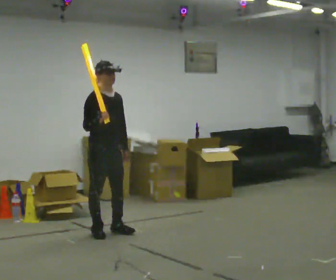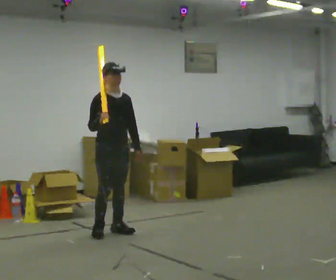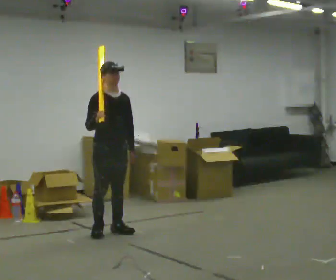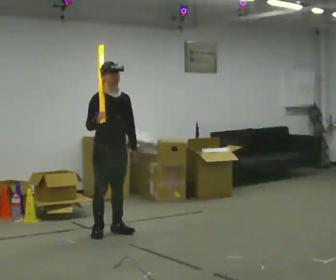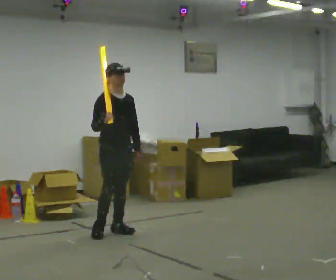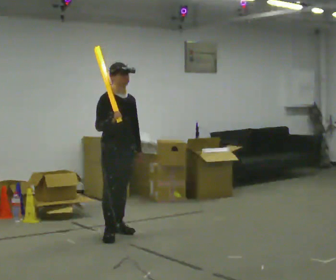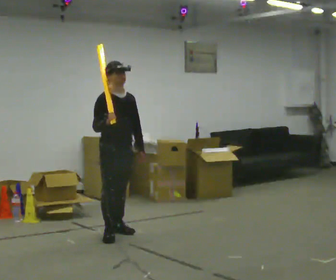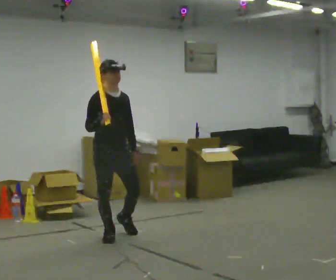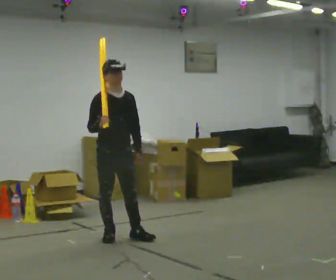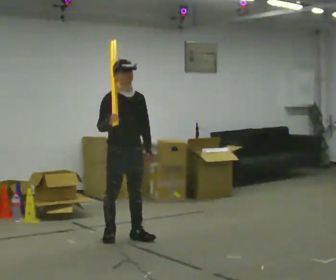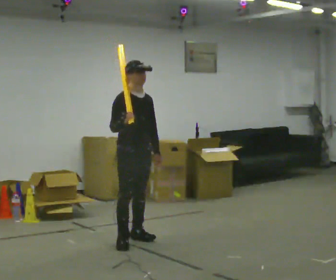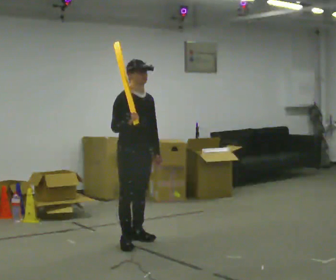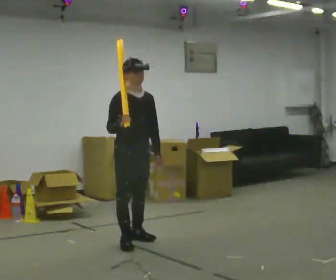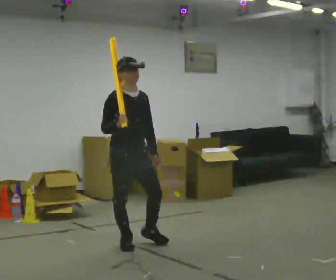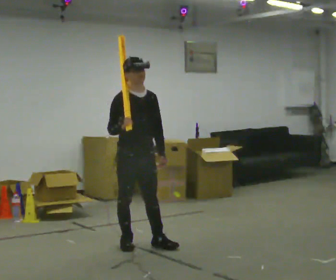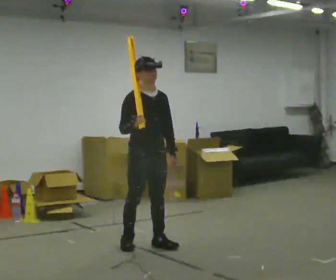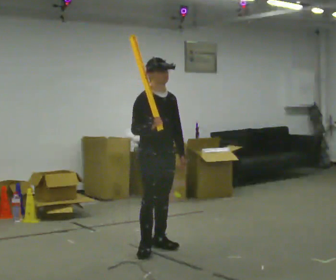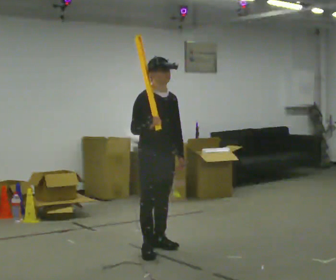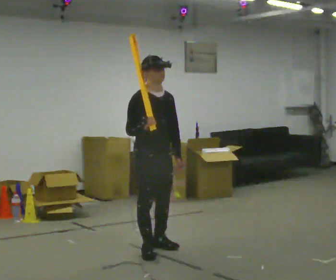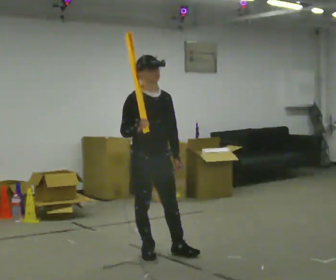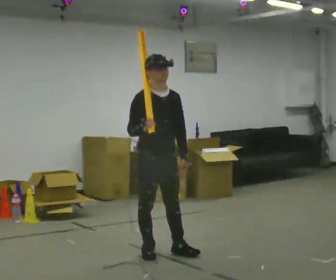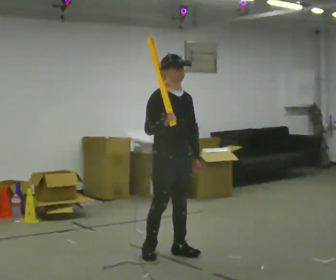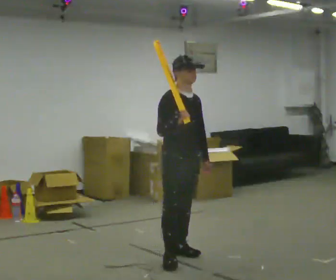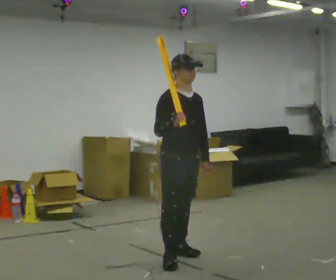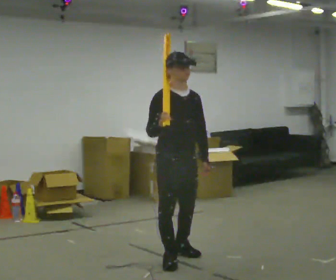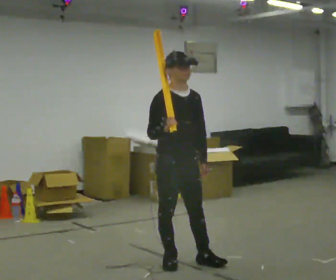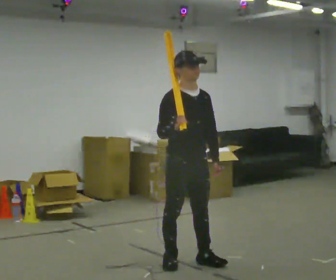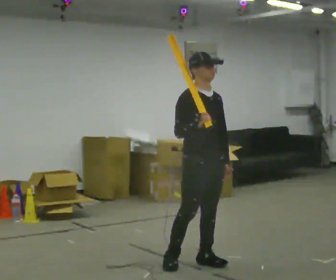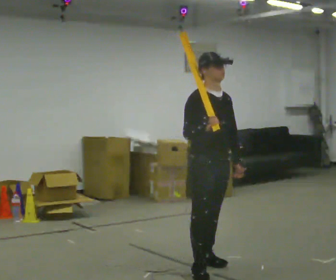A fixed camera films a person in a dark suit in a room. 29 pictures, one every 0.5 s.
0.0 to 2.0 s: The person moves a little, or ends about where they began.
2.0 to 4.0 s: In the picture they go toward the camera, about 0.25 m in 2 steps, which for them is forward and to their right.
4.0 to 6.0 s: In the picture they go toward the camera and to the right, about 0.25 m in 1 step, which for them is forward.
6.0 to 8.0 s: In the picture they go to the right, about 0.25 m in 1 step, which for them is forward and to their left.
8.0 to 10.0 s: In the picture they go toward the camera, about 0.25 m in 2 steps, which for them is forward and to their right.
10.0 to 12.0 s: In the picture they go toward the camera, about 0.25 m in 1 step, which for them is forward.
12.0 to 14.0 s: In the picture they go to the right, about 0.25 m in 2 steps, which for them is forward and to their left.
The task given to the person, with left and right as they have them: Rest the long object on the shoulder the operator calls and carry it across the room, back and forth.
The film runs forward here.
